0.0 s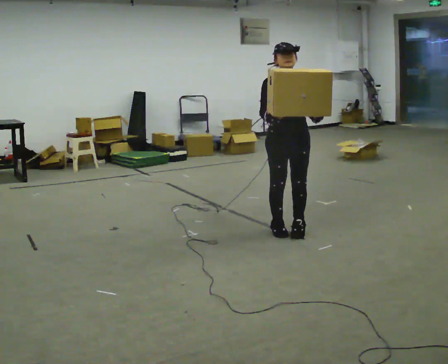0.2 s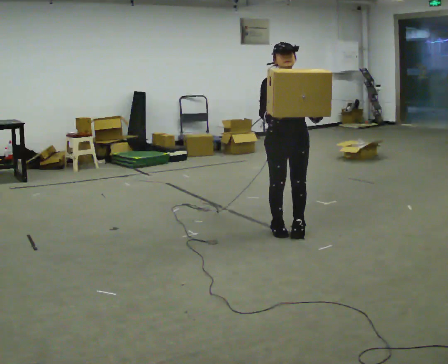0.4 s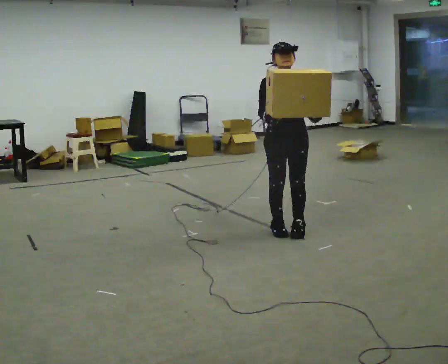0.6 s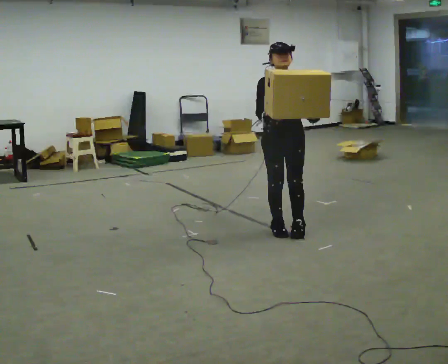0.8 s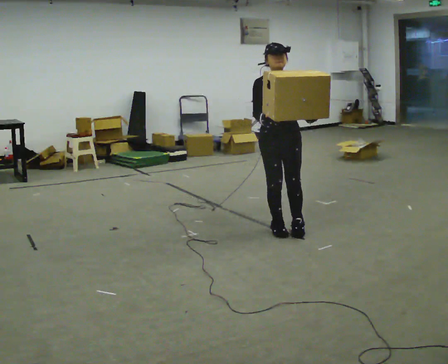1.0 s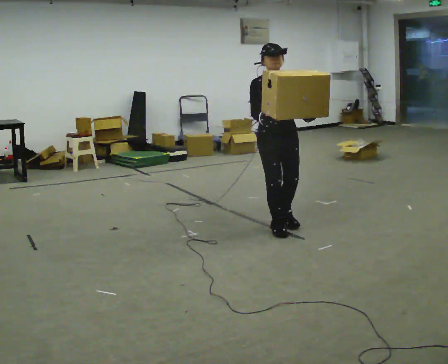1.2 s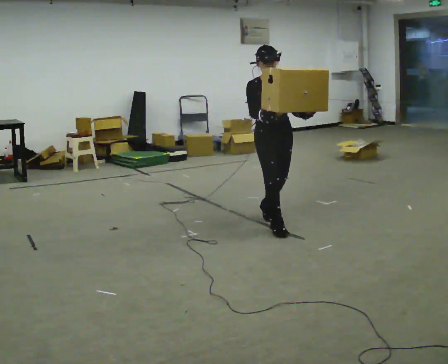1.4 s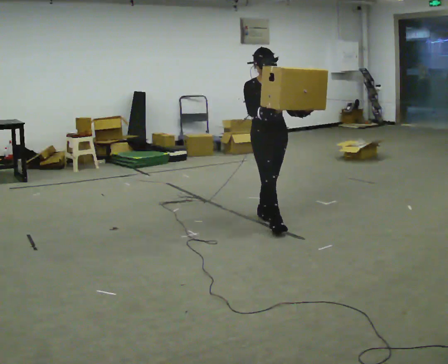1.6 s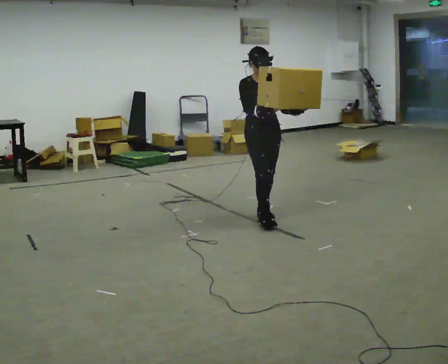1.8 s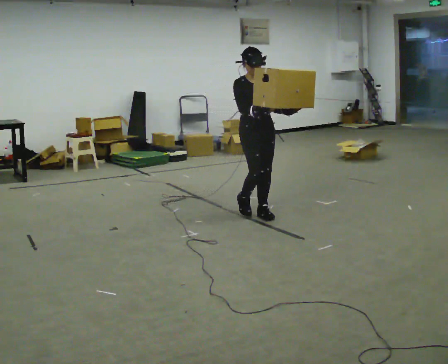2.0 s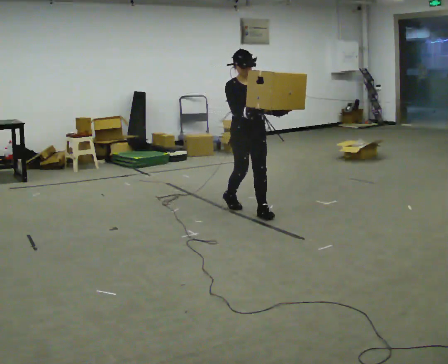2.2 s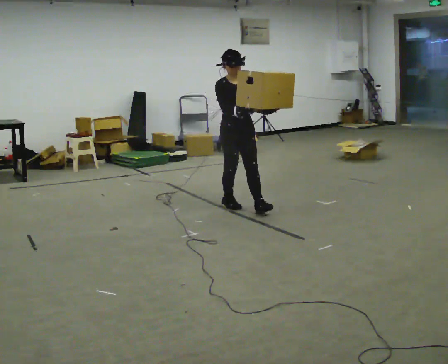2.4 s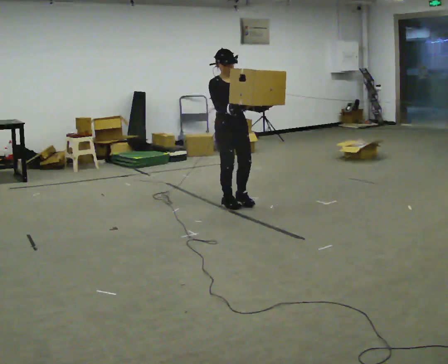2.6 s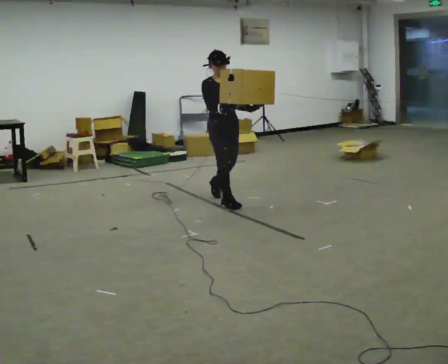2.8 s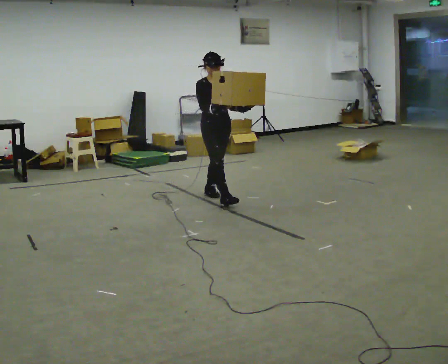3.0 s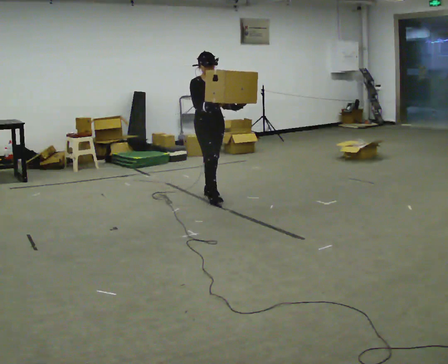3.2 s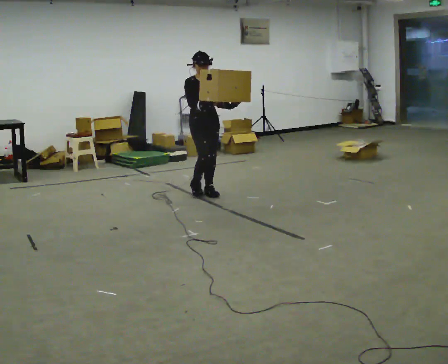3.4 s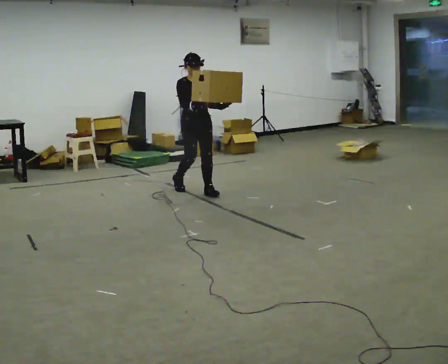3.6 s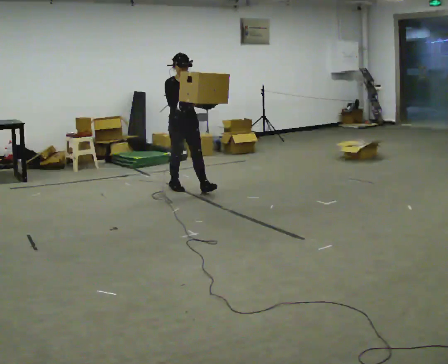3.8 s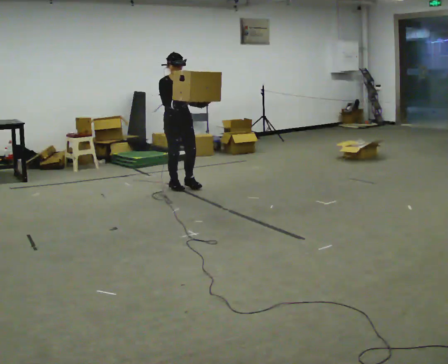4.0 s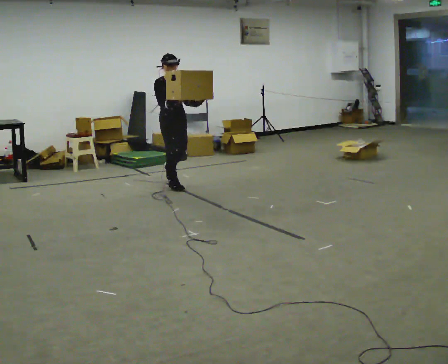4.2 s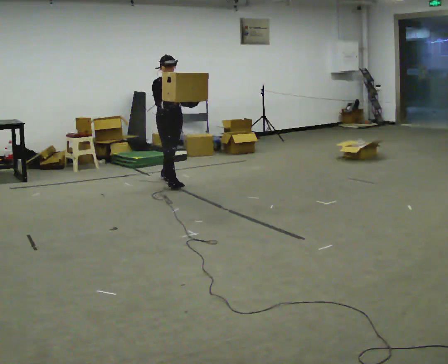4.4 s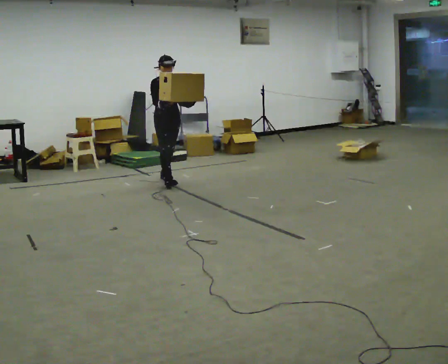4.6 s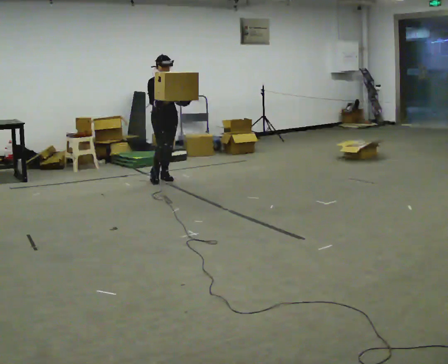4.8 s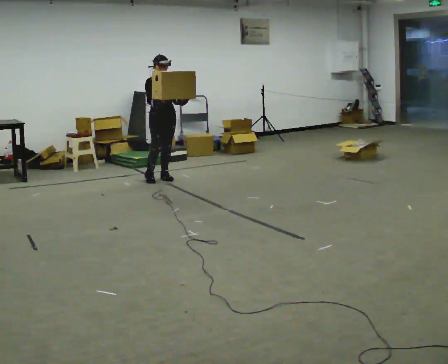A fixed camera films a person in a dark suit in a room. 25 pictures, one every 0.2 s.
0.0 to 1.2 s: In the picture they go away from the camera, about 0.25 m in 1 step, which for them is backward.
1.2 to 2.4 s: In the picture they go away from the camera and to the left, about 0.5 m in 2 steps, which for them is backward.
2.4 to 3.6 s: In the picture they go away from the camera and to the left, about 1 m in 2 steps, which for them is backward.
3.6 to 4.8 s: In the picture they go away from the camera and to the left, about 0.5 m in 1 step, which for them is backward.
The film runs backward here.
